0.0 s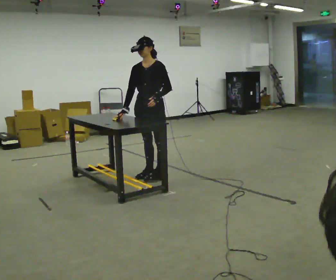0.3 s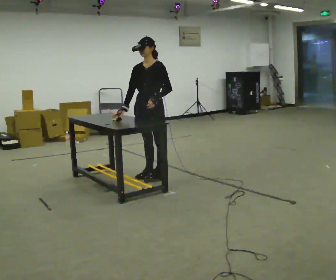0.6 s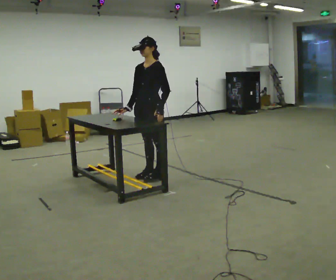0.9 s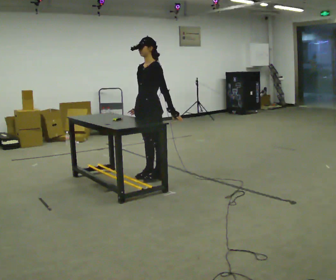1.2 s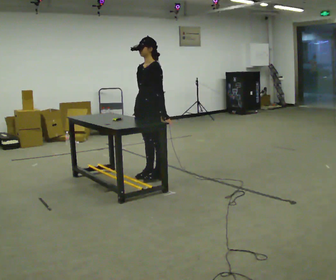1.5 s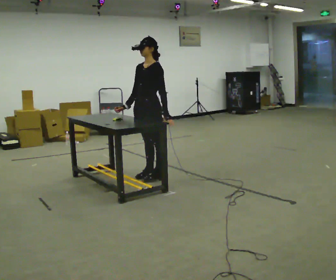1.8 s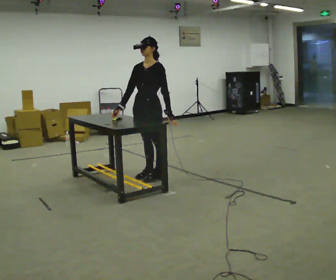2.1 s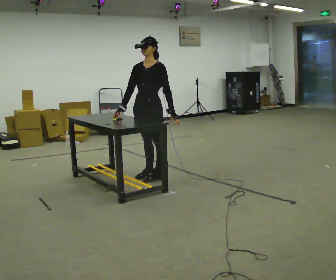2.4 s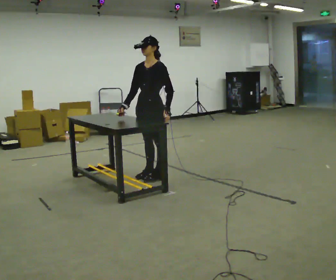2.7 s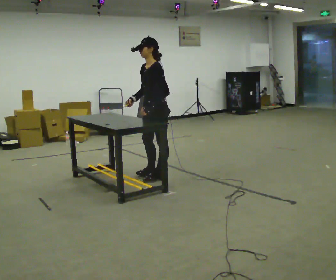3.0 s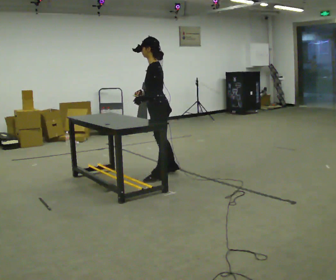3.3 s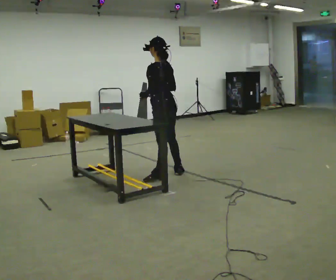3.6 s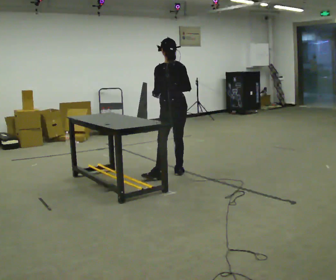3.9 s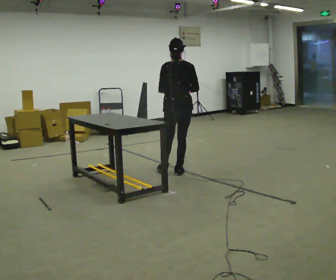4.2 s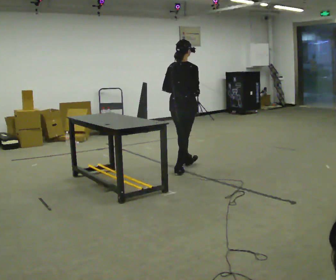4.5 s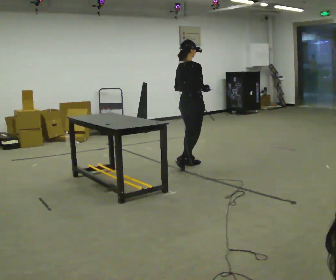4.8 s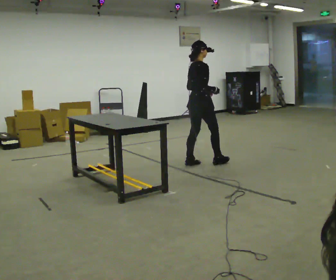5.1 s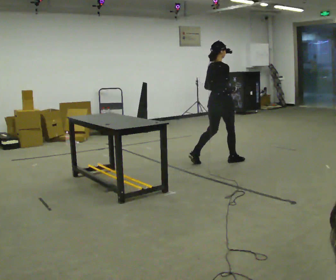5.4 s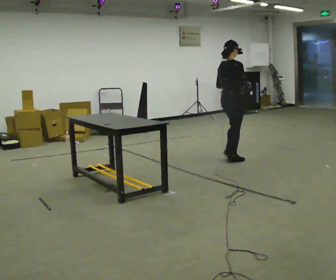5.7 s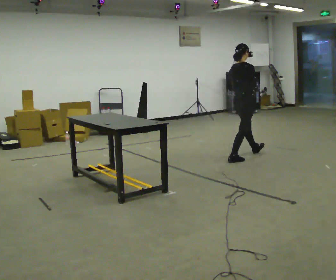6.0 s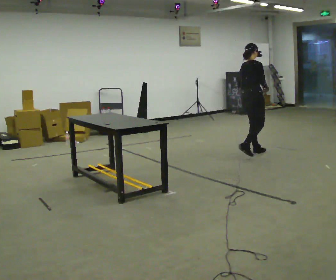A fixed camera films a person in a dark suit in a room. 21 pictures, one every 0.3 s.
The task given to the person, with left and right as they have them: Fetch the tool from the shelf, carry it to the workpiece, use it there as the operator shows you, then take it back to the shelf. Keep going until the operator says stop; one object at a time, and do not rush between trips.
0.0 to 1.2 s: Seen from above the body turns clockwise, about 30 degrees: to their right, with its near side sliding to the left.
1.2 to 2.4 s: The person moves a little, or ends about where they began.
2.4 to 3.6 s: Seen from above the body turns clockwise, about 105 degrees: to their right, with its near side sliding to the left. In the picture they go to the right, about 0.25 m in 1 step.
3.6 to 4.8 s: Seen from above the body turns clockwise, about 105 degrees: to their right, with its near side sliding to the left. In the picture they go away from the camera and to the right, about 0.5 m in 1 step.
4.8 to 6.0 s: In the picture they go to the right and away from the camera, about 1 m in 2 steps, which for them is forward.
The film runs forward here.
